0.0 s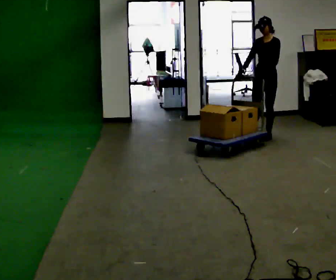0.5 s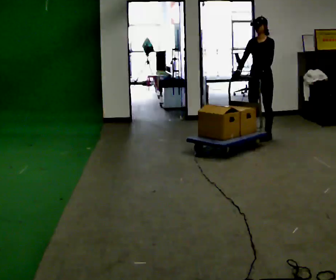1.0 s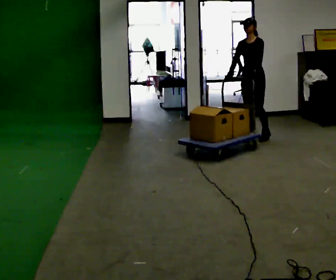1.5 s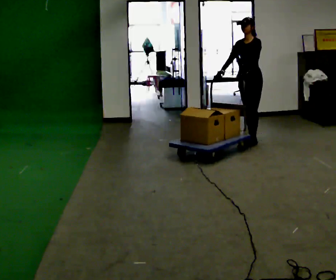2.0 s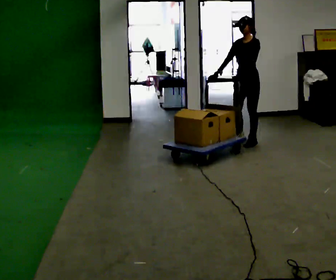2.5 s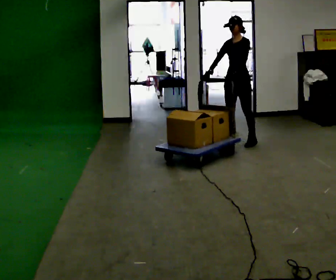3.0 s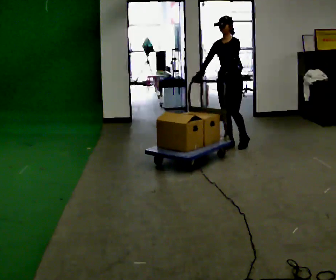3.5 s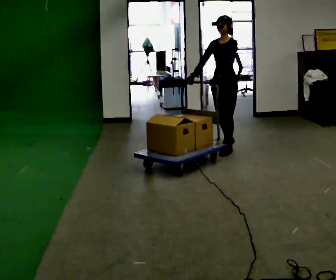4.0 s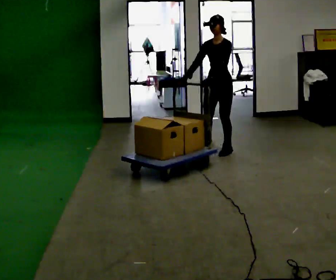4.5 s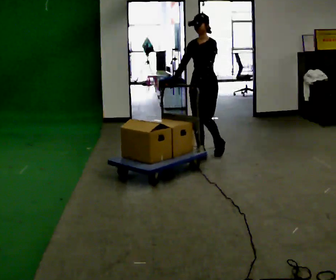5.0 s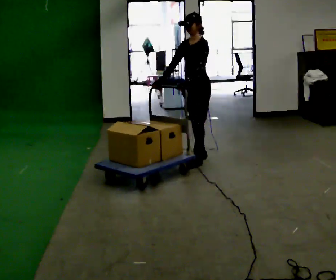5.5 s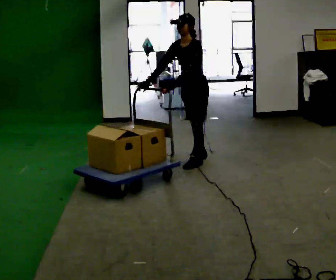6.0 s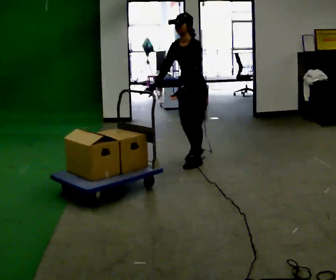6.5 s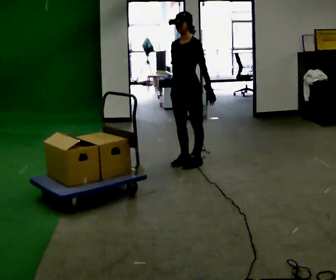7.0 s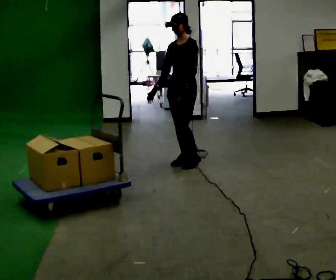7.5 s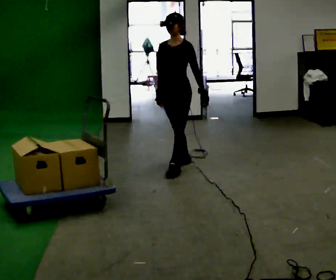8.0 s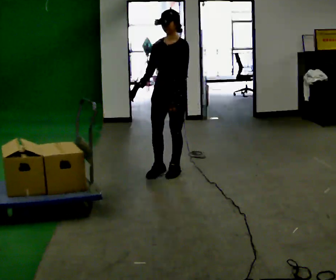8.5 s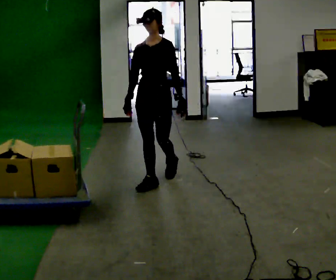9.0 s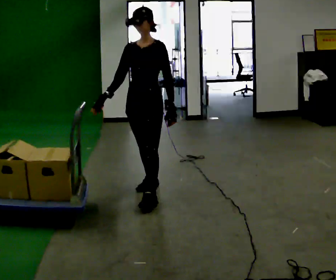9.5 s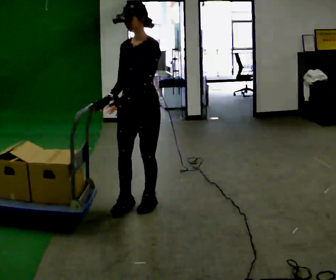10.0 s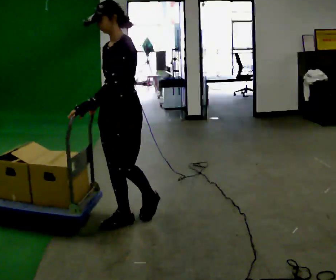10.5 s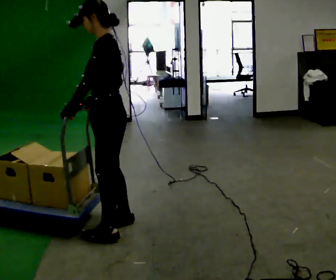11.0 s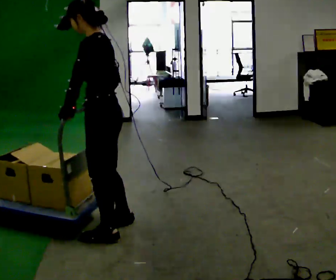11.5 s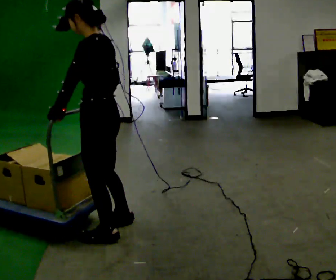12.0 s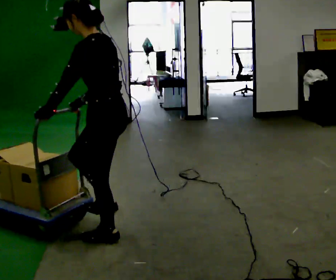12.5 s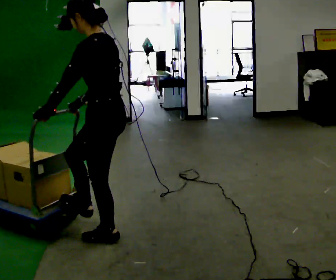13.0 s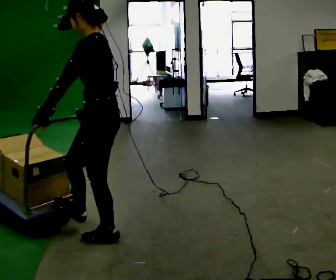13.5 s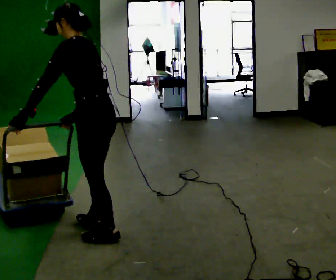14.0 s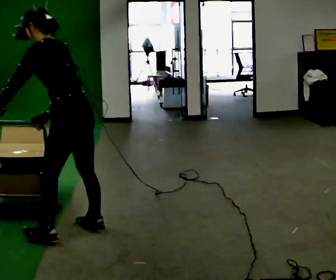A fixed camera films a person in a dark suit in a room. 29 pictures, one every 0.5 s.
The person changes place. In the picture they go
toward the camera.
0.0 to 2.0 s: In the picture they go toward the camera and to the left, about 0.5 m in 1 step, which for them is forward.
2.0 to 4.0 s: In the picture they go toward the camera and to the left, about 0.5 m in 2 steps, which for them is forward.
4.0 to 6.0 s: In the picture they go toward the camera and to the left, about 0.5 m in 2 steps, which for them is forward.
6.0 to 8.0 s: In the picture they go toward the camera and to the left, about 0.5 m in 2 steps, which for them is forward. In the picture the upper body tilts clockwise, shoulders to the right.
8.0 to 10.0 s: In the picture they go toward the camera, about 1 m in 3 steps, which for them is forward.
10.0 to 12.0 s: The person turns about 60 degrees to their right, clockwise seen from above, so the part of the body nearest the lens slides to the left. In the picture they go toward the camera, about 0.5 m in 2 steps.
12.0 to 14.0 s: In the picture they go to the left, about 0.25 m in 1 step, which for them is forward.
The film runs forward here.
